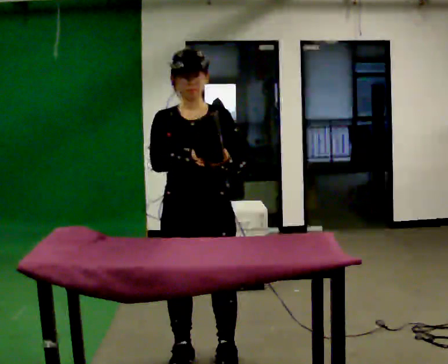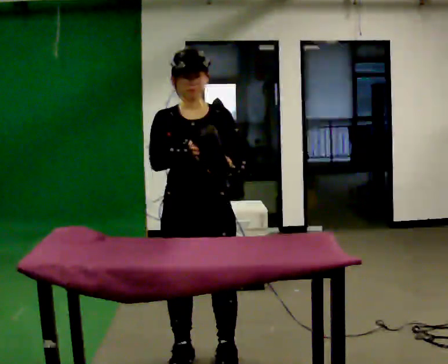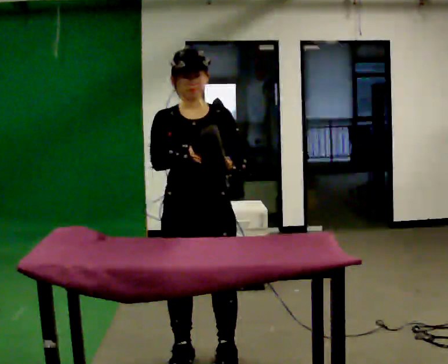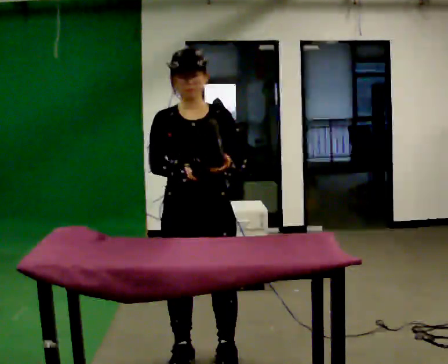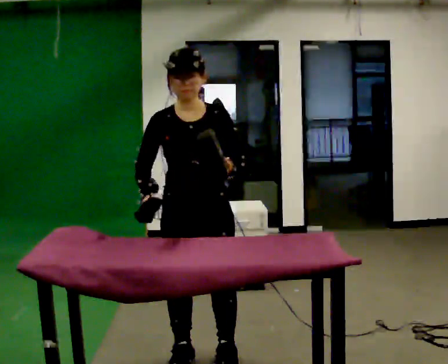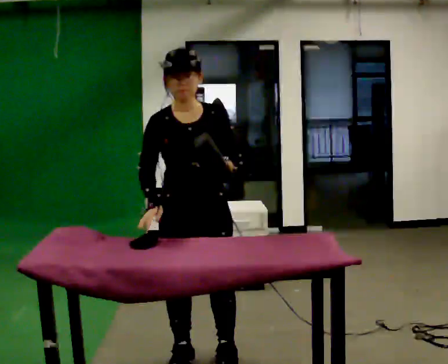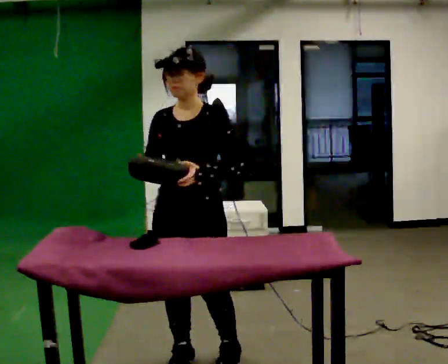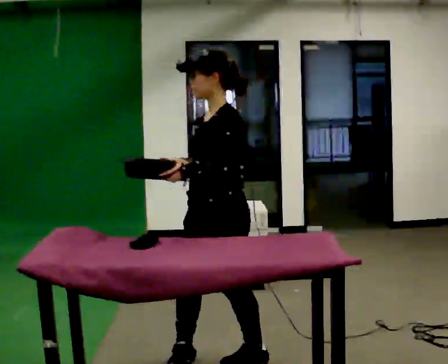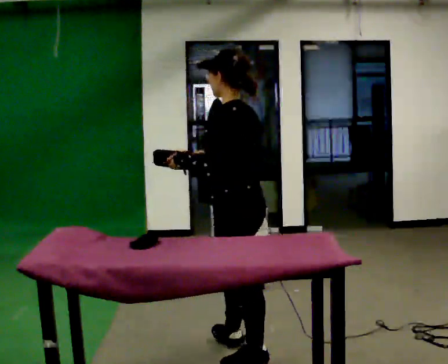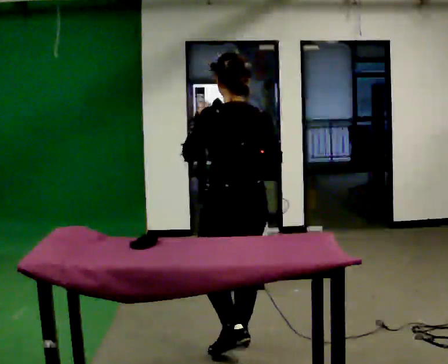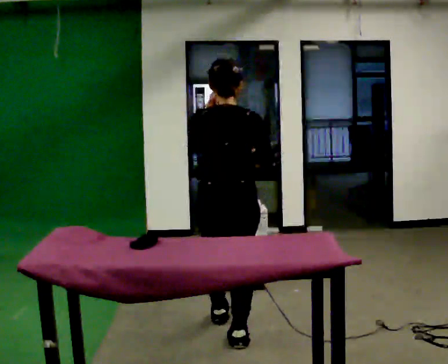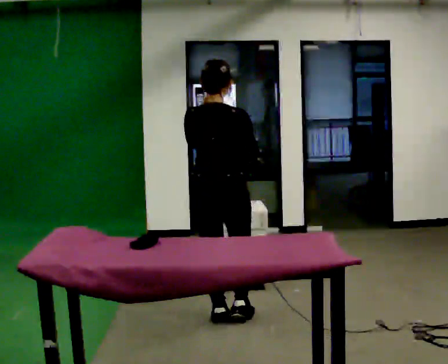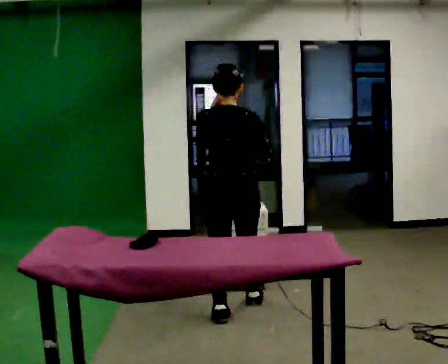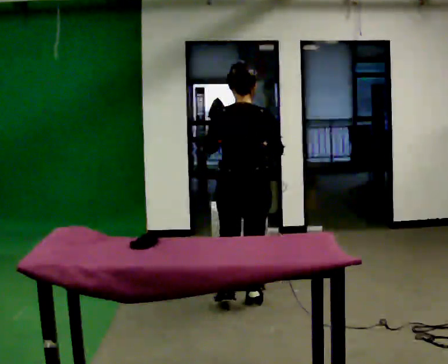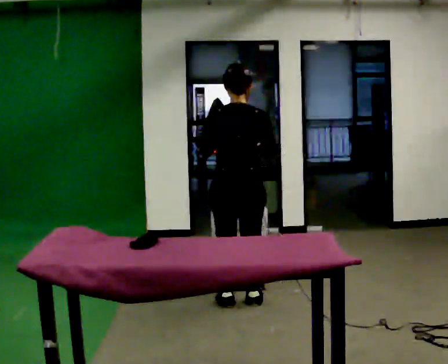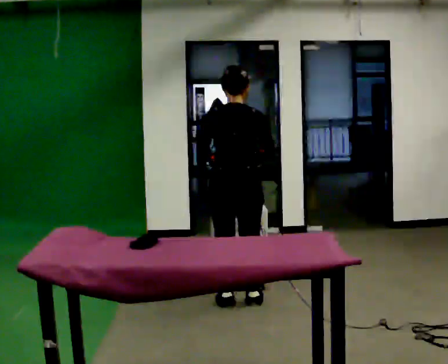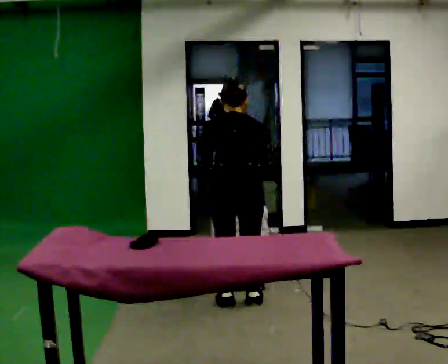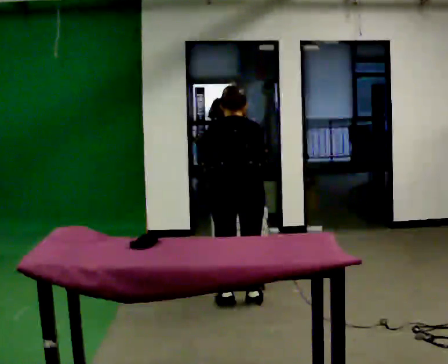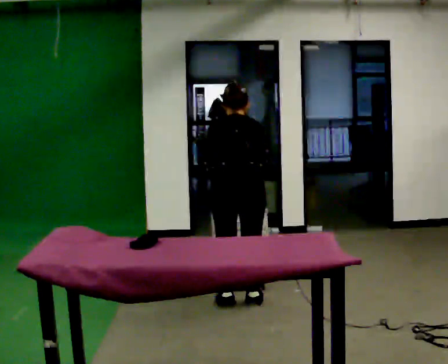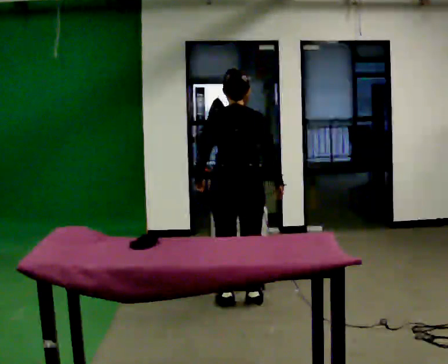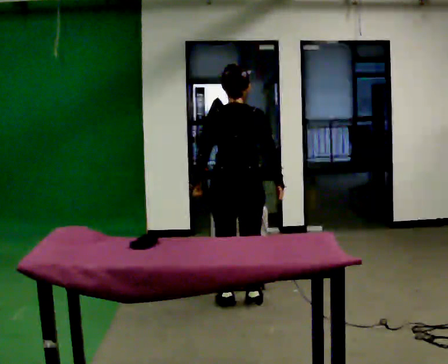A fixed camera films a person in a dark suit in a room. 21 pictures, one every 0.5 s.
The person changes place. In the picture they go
away from the camera.
0.0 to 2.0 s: The person moves a little, or ends about where they began.
2.0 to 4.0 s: The part of the body nearest the lens slides to the left as the person turns to their right by about 120 degrees. In the picture they go to the right, about 0.25 m in 1 step. In the picture their right hand goes to the right.
4.0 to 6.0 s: The person turns about 75 degrees to their right, clockwise seen from above, so the part of the body nearest the lens slides to the left. In the picture they go away from the camera, about 1 m in 3 steps.
6.0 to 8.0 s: The upper body tips away from the camera, its near side rolling upward, as they bend forward. In the picture their left hand goes downward.
8.0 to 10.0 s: The upper body tips toward the camera, its near side rolling downward, as they lean back or straighten.
The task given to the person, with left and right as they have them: Clear everything off the table and put it away on the shelf, in as many trips as you need. Keep going until the operator says stop; one object at a time, and do not rush between trips.
The film runs forward here.
